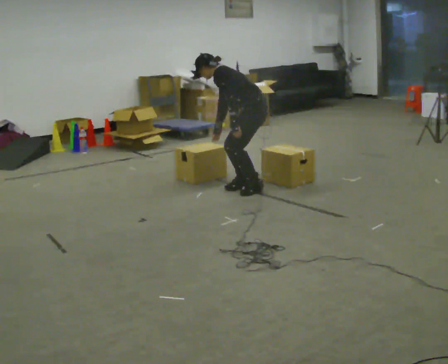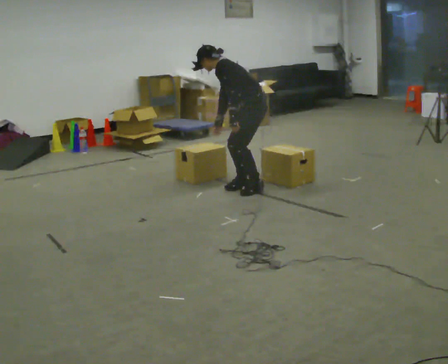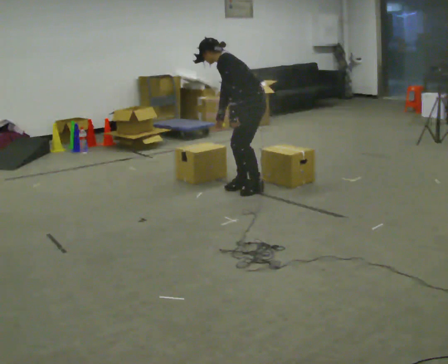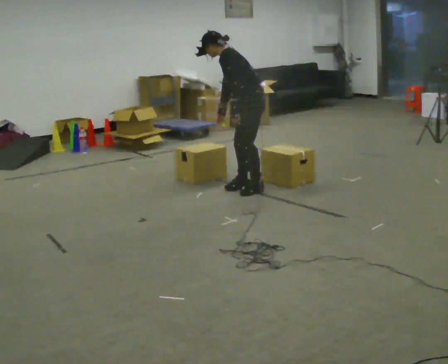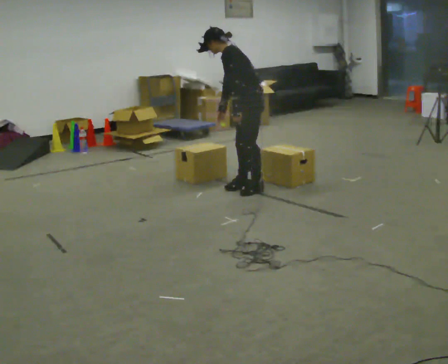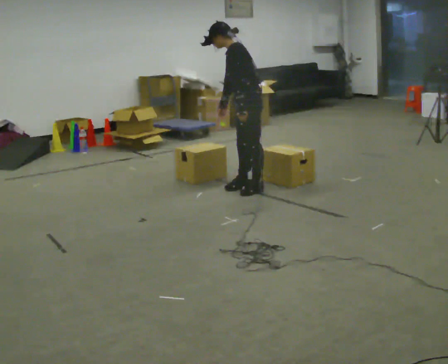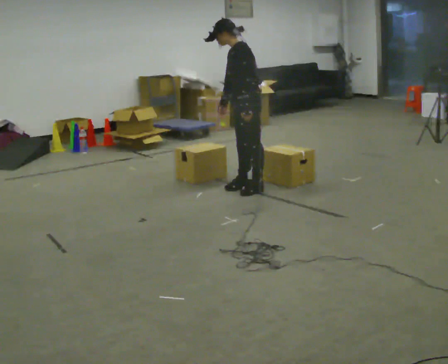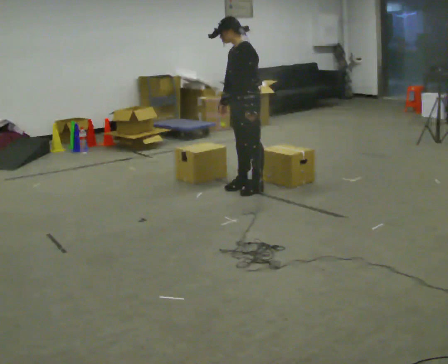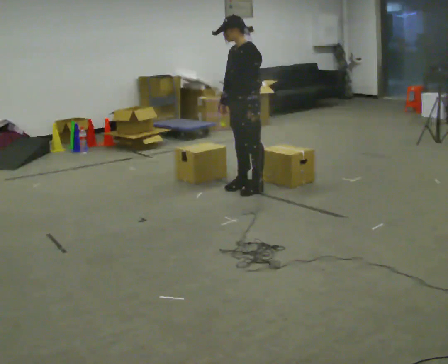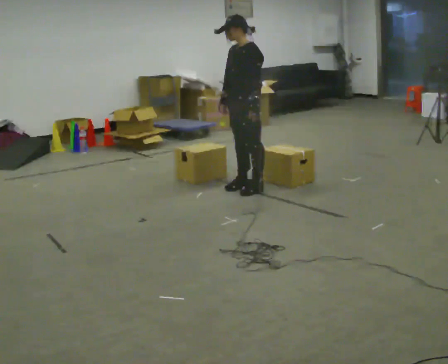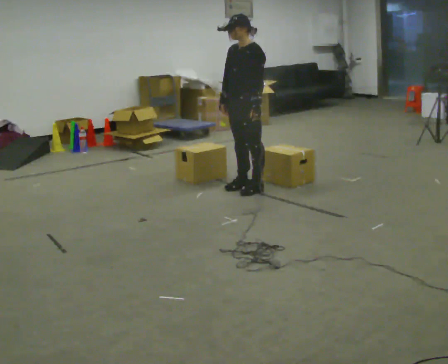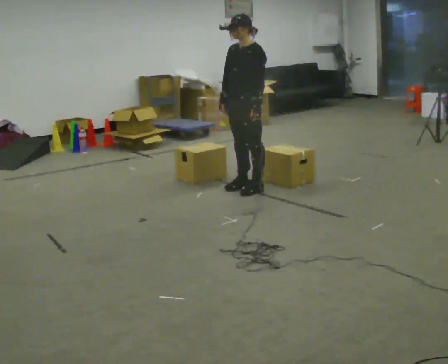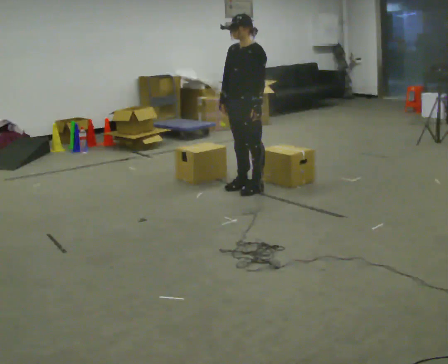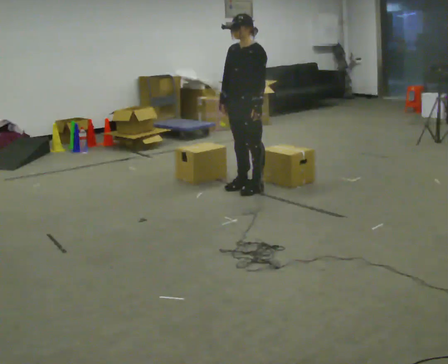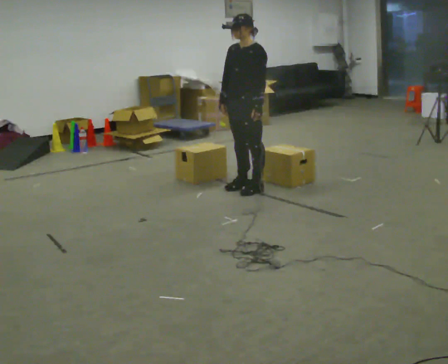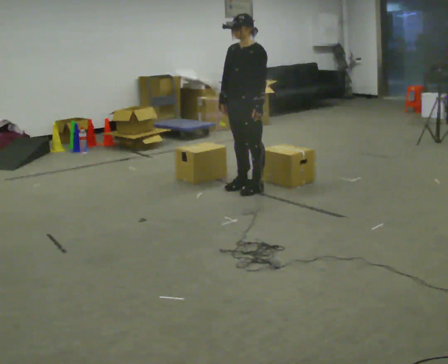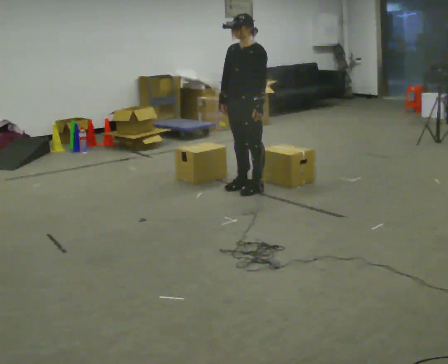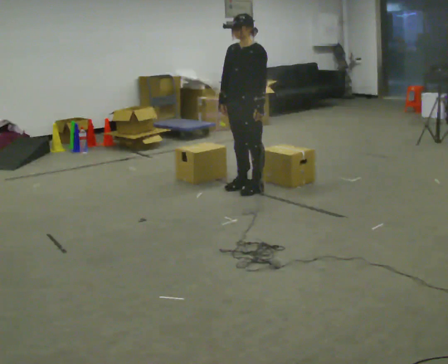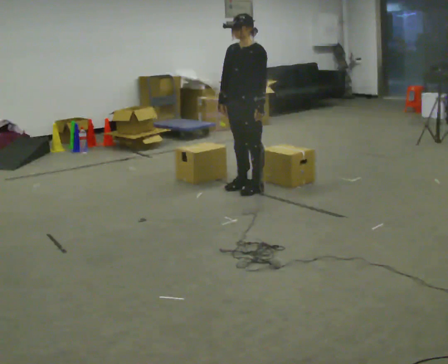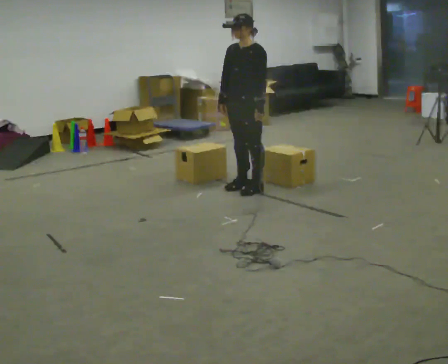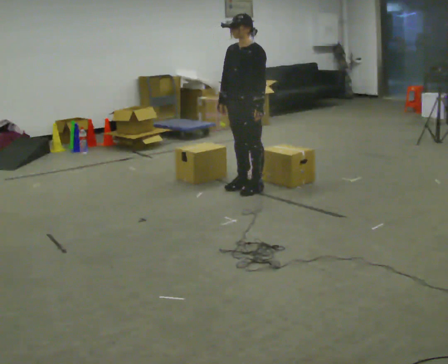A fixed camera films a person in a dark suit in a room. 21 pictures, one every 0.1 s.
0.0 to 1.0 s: Seen from above the body turns counterclockwise, about 45 degrees: to their left, with its near side sliding to the right. The upper body goes upward. In the picture the upper body tilts clockwise, shoulders to the right, as they lean back or straighten.
1.0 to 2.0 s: The person moves a little, or ends about where they began.
The film runs backward here.
